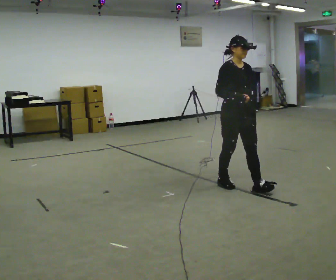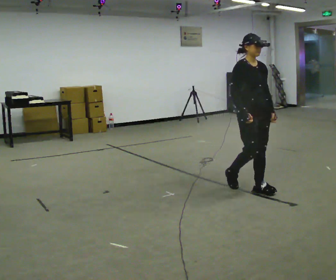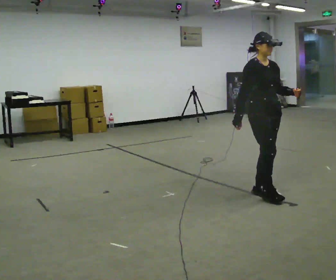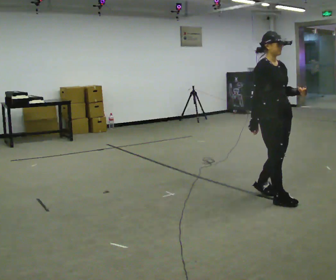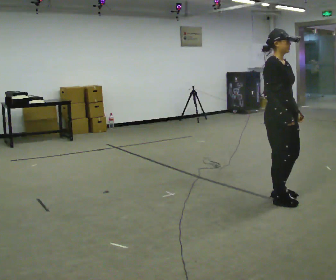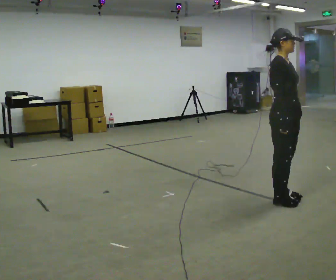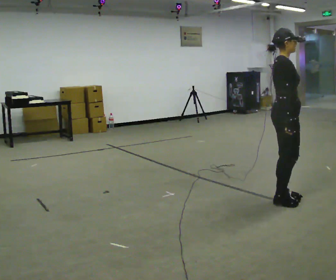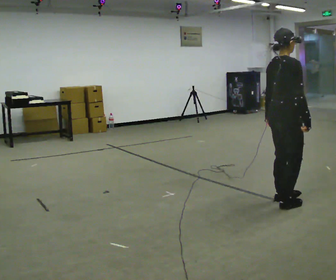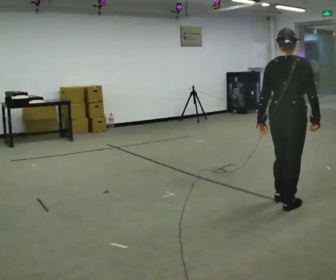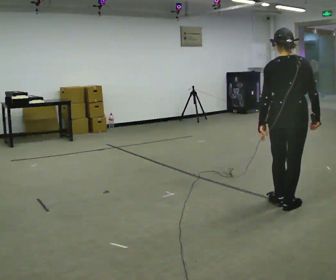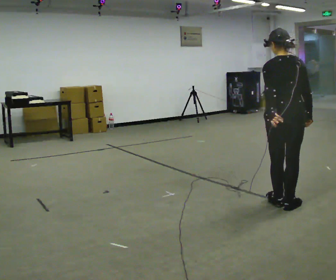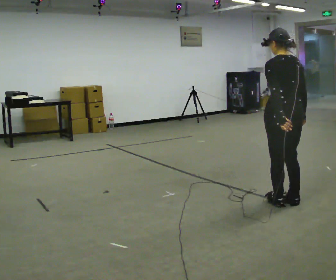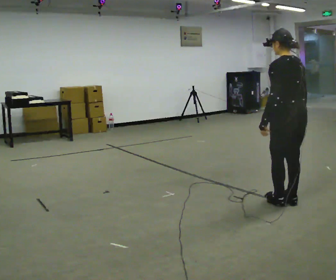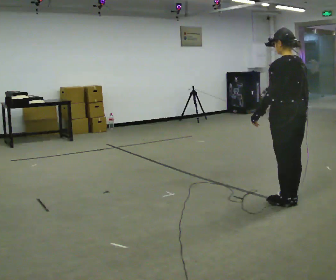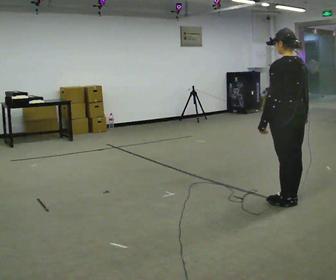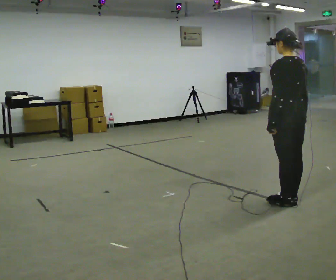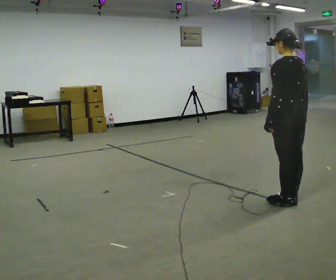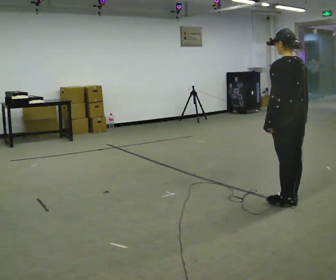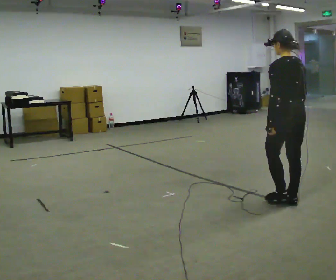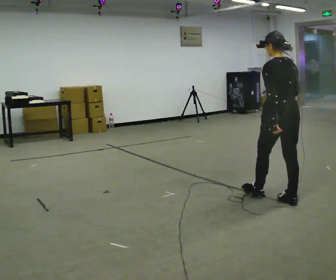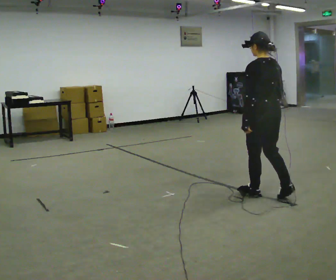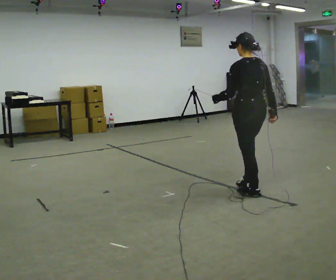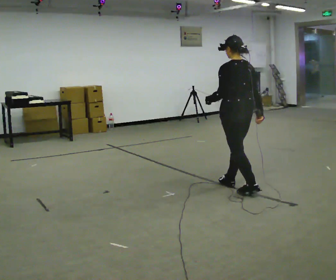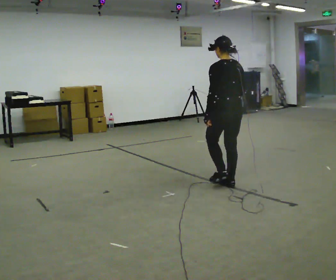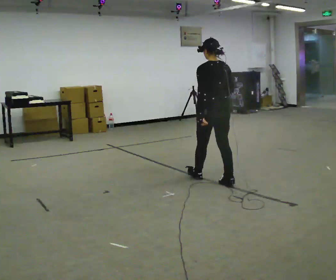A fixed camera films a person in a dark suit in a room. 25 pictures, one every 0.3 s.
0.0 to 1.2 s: In the picture they go to the right and toward the camera, about 0.5 m in 2 steps, which for them is forward.
1.2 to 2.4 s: The person turns about 90 degrees to their left, counterclockwise seen from above, so the part of the body nearest the lens slides to the right. In the picture they go toward the camera, about 0.25 m in 2 steps. In the picture their left hand goes to the left, the arm swinging clockwise.
2.4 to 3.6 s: The part of the body nearest the lens slides to the right as the person turns to their left by about 75 degrees.
3.6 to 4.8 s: The person moves a little, or ends about where they began.
4.8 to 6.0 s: In the picture they go to the left and away from the camera, about 0.25 m in 1 step, which for them is forward.
6.0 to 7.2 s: In the picture they go to the left and away from the camera, about 0.5 m in 2 steps, which for them is forward.
The film runs forward here.
